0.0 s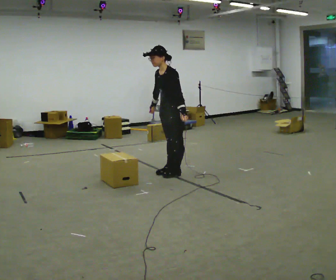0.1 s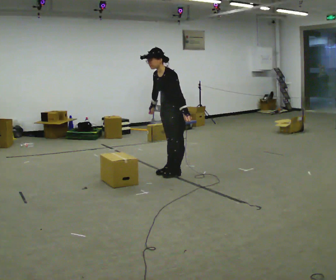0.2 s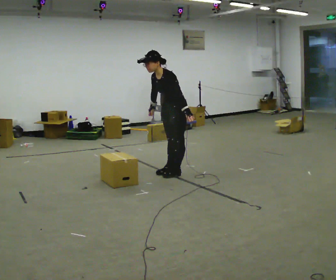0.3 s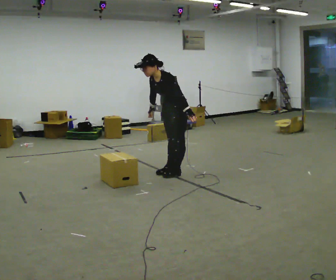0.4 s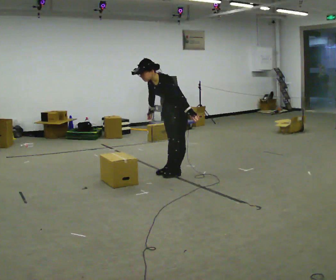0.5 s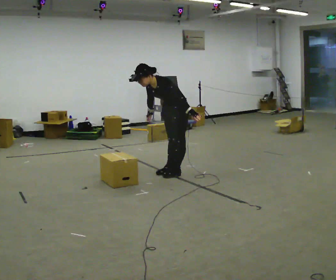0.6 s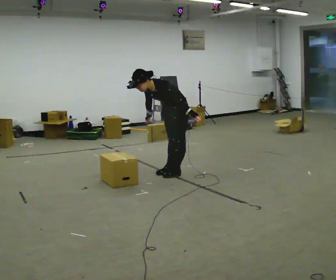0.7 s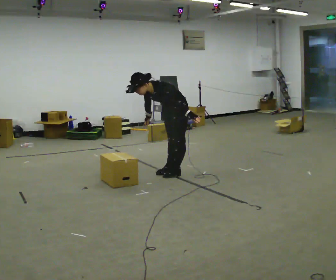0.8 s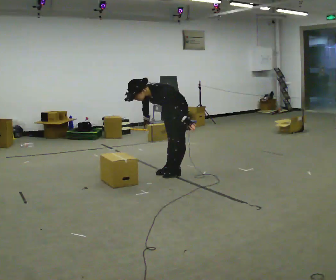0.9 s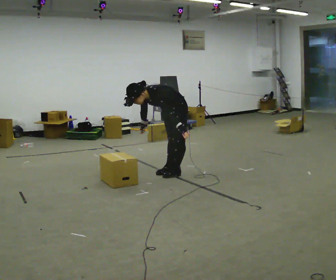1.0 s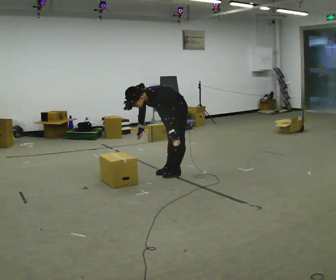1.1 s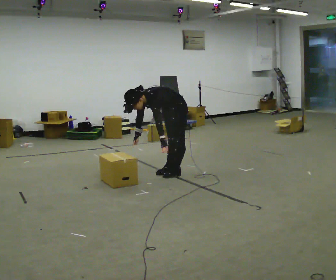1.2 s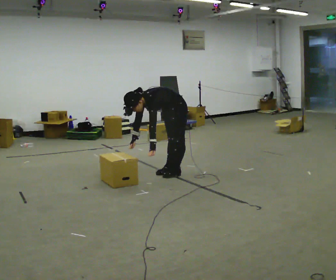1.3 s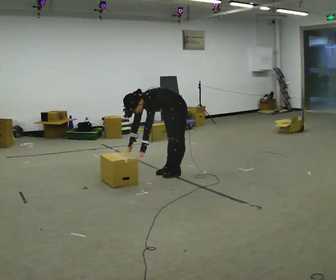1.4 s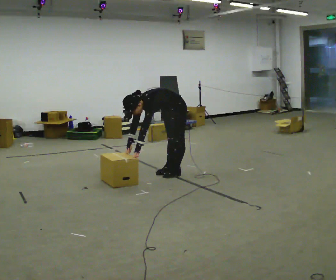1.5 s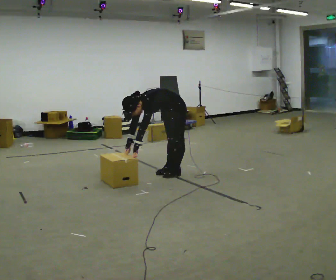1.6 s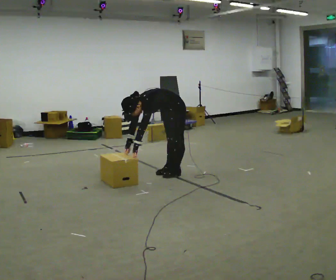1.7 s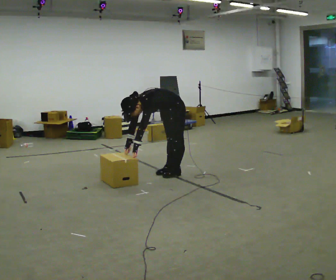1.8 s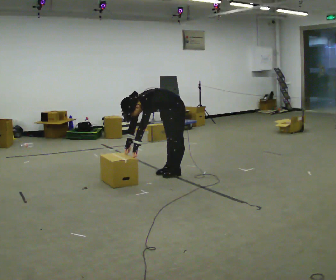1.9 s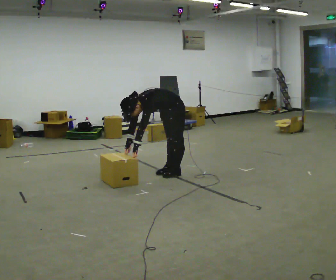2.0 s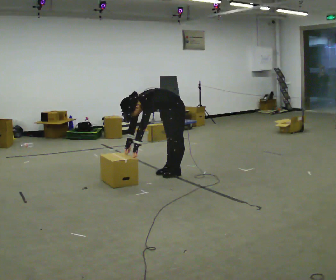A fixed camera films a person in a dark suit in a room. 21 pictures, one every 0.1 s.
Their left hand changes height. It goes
downward.
Their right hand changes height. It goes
downward.
0.0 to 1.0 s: The shoulders move downward. In the picture the upper body tilts counterclockwise, shoulders to the left, as they bend forward.
1.0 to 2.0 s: In the picture the upper body tilts counterclockwise, shoulders to the left. In the picture their left hand goes to the left, the arm swinging clockwise.
The film runs backward here.
